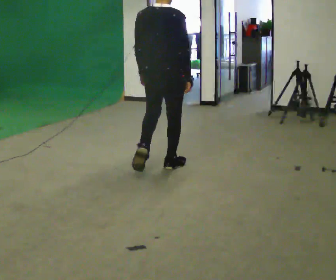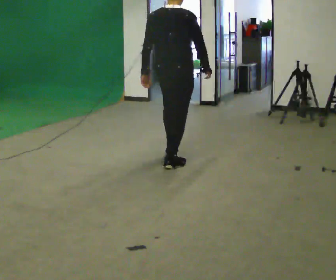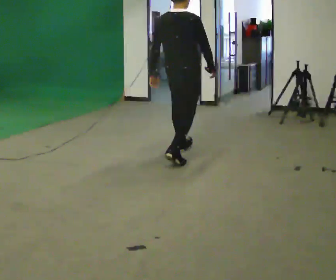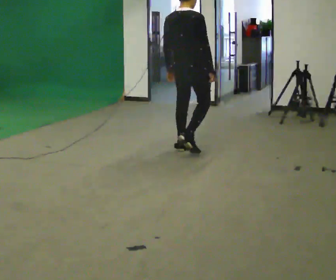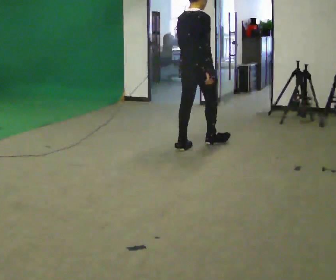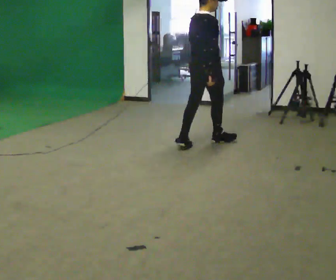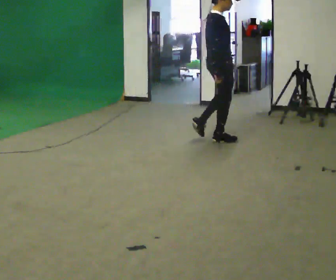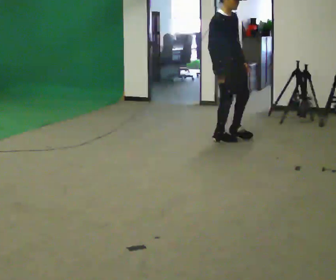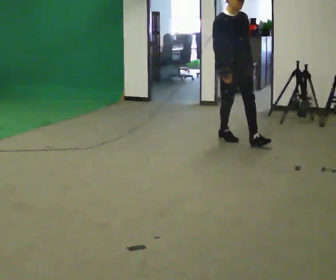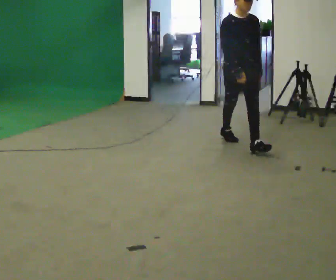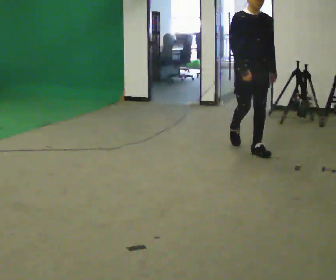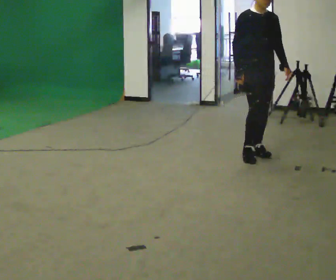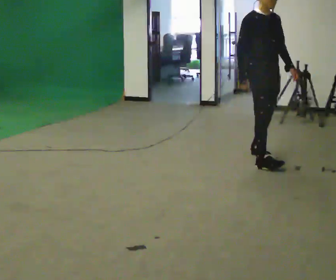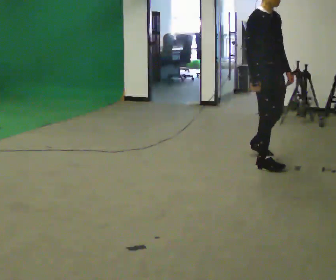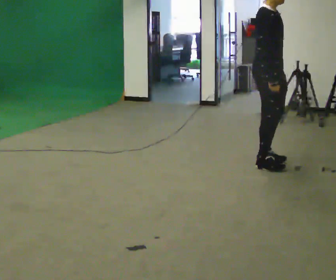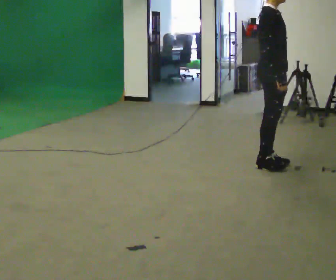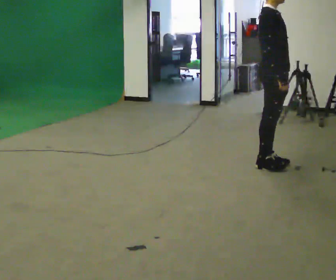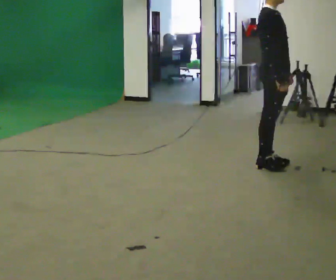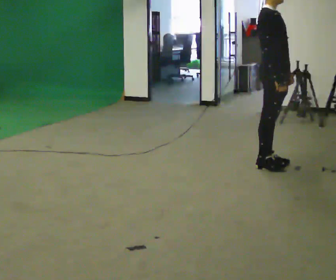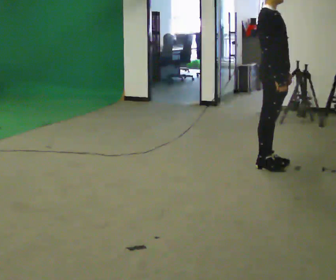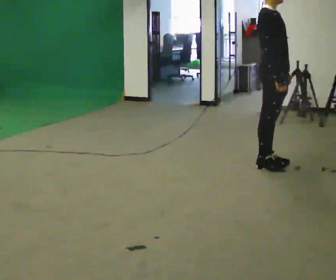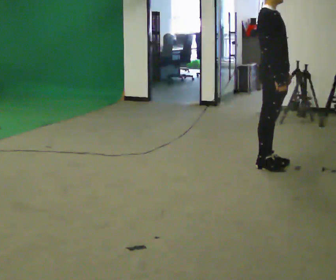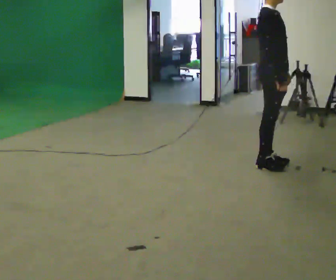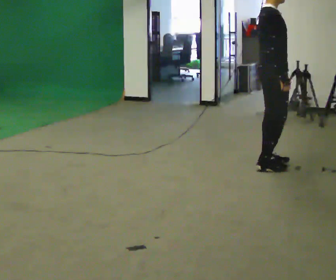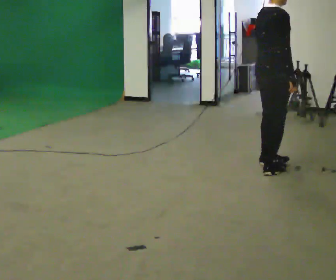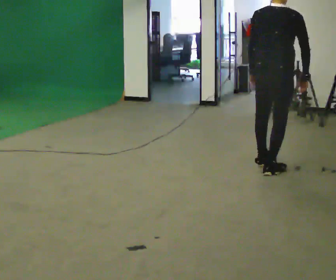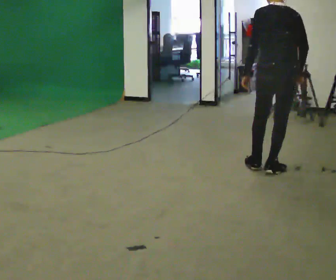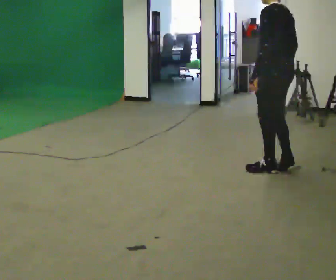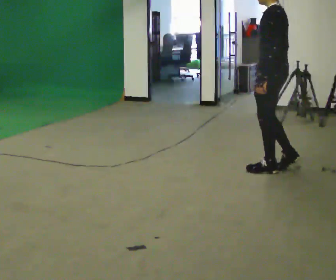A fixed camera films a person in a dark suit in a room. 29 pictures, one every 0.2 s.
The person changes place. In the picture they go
to the right.
The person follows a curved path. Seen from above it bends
clockwise.
0.0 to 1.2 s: The person turns about 60 degrees to their right, clockwise seen from above, so the part of the body nearest the lens slides to the left. In the picture they go away from the camera, about 1 m in 2 steps, which for them is forward.
1.2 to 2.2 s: The part of the body nearest the lens slides to the left as the person turns to their right by about 75 degrees. In the picture they go to the right and toward the camera, about 0.5 m in 2 steps.
2.2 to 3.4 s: Seen from above the body turns counterclockwise, about 45 degrees: to their left, with its near side sliding to the right. In the picture they go toward the camera and to the right, about 0.5 m in 2 steps, which for them is to their right and forward.
3.4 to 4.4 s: The person keeps their place and pose.
4.4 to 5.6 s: The part of the body nearest the lens slides to the right as the person turns to their left by about 180 degrees.
The film runs forward here.
